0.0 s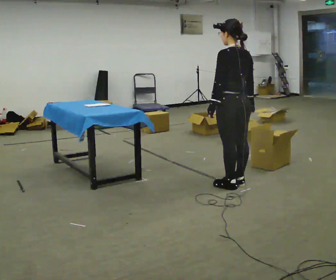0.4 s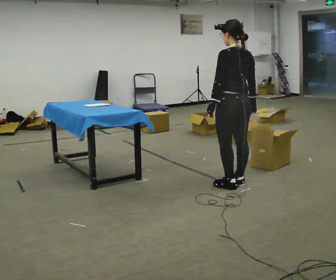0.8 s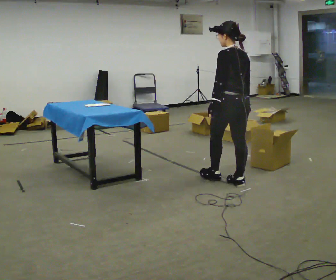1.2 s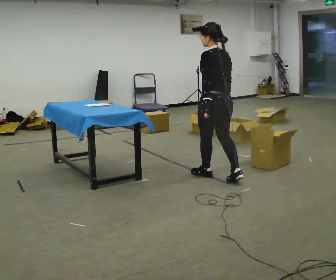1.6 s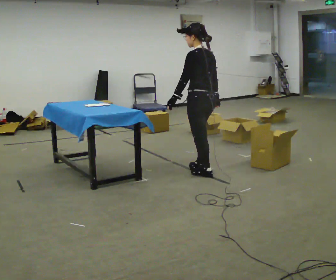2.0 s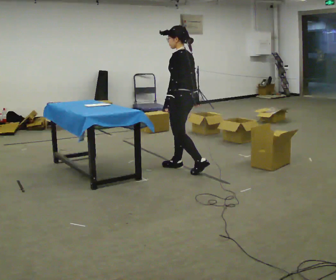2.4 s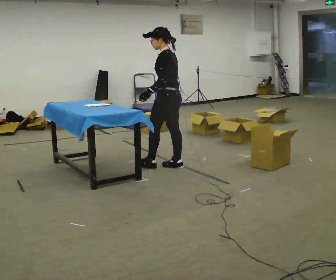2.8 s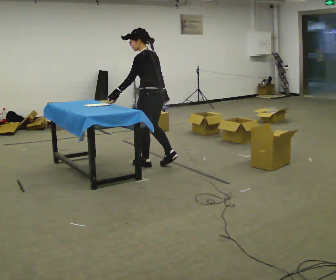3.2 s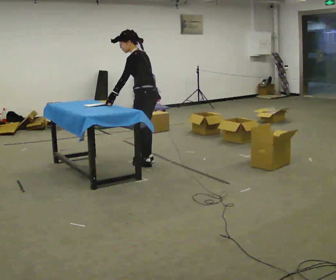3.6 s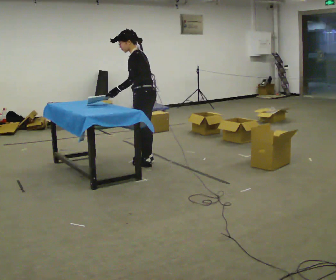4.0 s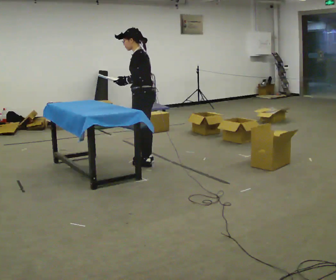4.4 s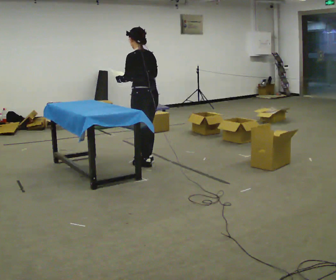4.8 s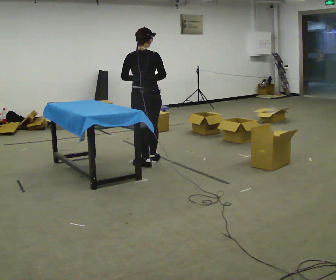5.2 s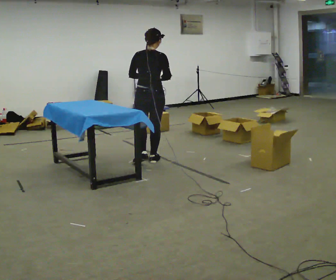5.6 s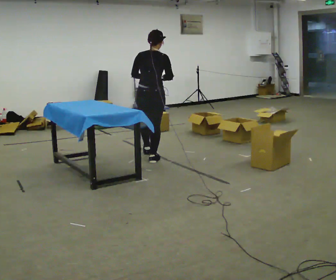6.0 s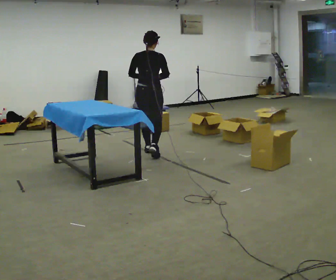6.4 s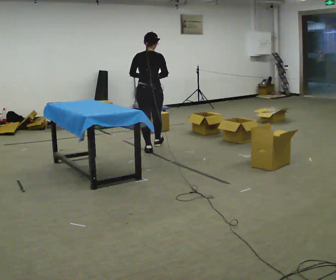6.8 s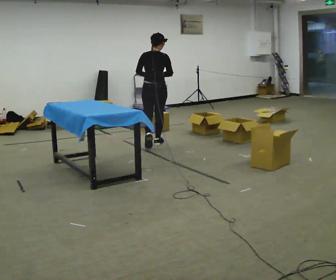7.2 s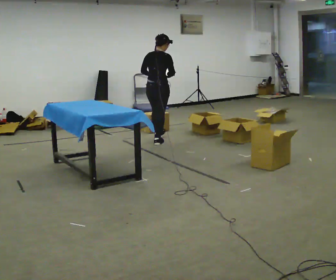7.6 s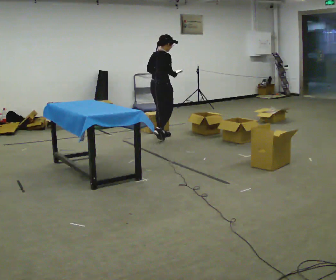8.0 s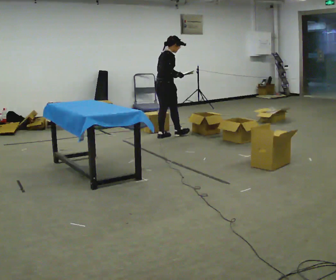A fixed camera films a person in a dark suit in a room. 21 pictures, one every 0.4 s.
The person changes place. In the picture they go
away from the camera.
0.0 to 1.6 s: In the picture they go away from the camera and to the left, about 0.5 m in 1 step, which for them is forward.
1.6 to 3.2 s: Seen from above the body turns counterclockwise, about 30 degrees: to their left, with its near side sliding to the right. In the picture they go to the left and away from the camera, about 0.5 m in 3 steps, which for them is forward.
3.2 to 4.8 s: Seen from above the body turns clockwise, about 75 degrees: to their right, with its near side sliding to the left.
4.8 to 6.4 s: In the picture they go away from the camera, about 0.75 m in 1 step, which for them is forward.
6.4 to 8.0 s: The person turns about 60 degrees to their right, clockwise seen from above, so the part of the body nearest the lens slides to the left. In the picture they go away from the camera, about 1 m in 2 steps, which for them is forward.
The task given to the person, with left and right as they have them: 1. Read the parts list. 2. Collect each part from the bins around the room. 3. Lay them out on the table in the order on the list. 4. Put them all in the carry case. 5. Tell the operator when you are finished.
The film runs forward here.
